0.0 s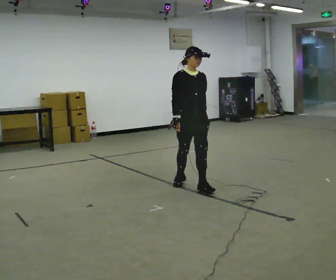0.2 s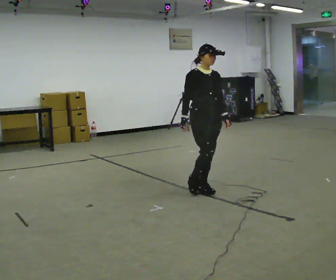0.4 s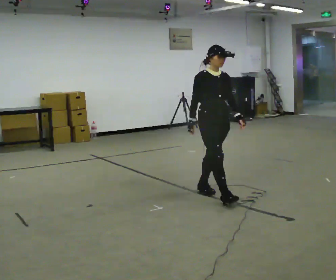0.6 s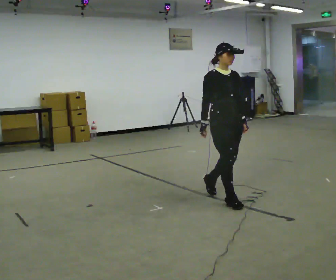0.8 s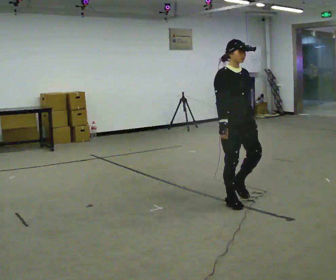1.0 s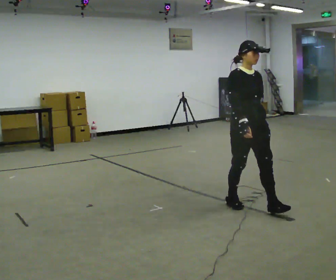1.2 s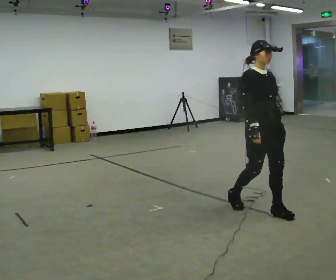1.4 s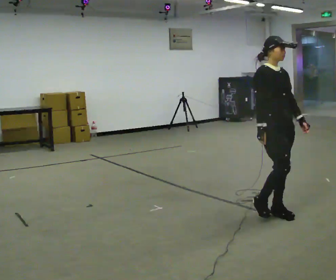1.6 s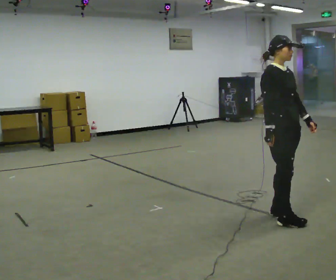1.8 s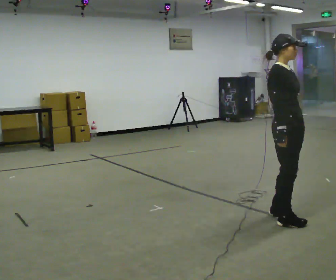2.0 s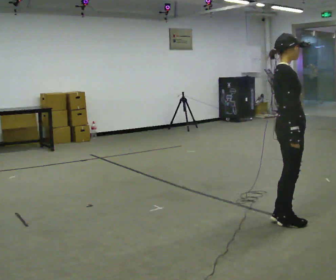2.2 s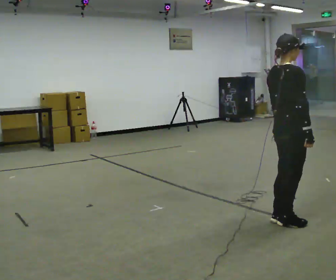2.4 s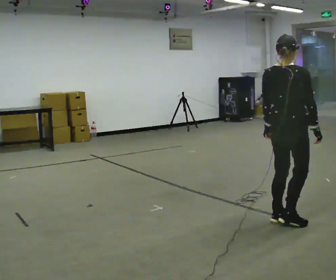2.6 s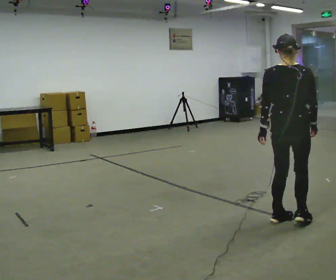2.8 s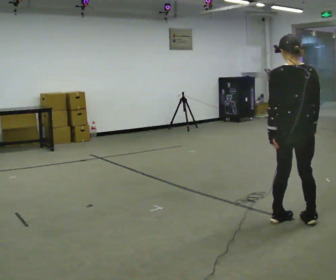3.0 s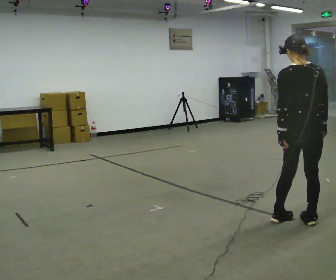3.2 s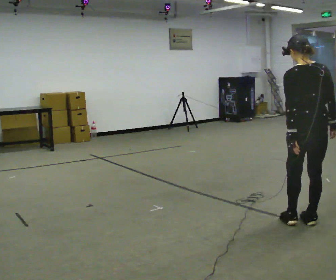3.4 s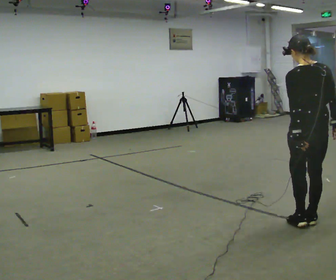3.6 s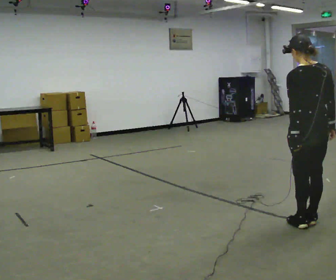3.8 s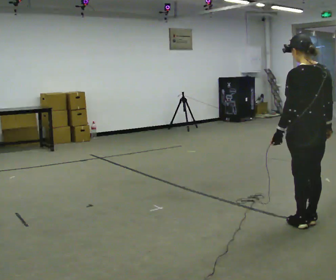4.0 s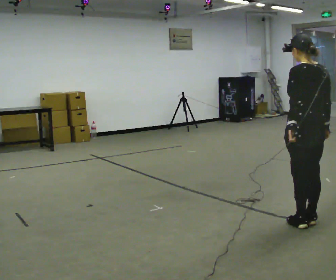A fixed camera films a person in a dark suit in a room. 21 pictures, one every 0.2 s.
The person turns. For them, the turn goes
to their left.
The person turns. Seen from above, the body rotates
counterclockwise.
0.0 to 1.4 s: In the picture they go to the right and toward the camera, about 1 m in 2 steps, which for them is forward.
1.4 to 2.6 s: The part of the body nearest the lens slides to the right as the person turns to their left by about 120 degrees. In the picture they go toward the camera and to the right, about 0.25 m in 2 steps. In the picture their left hand goes to the left, the arm swinging clockwise.
2.6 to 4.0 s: The person turns about 45 degrees to their left, counterclockwise seen from above, so the part of the body nearest the lens slides to the right. In the picture they go to the right, about 0.25 m in 2 steps, which for them is to their right.
The film runs forward here.
